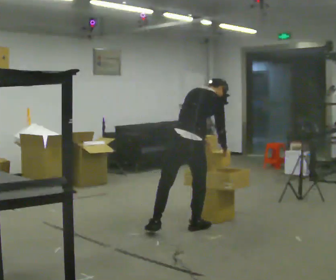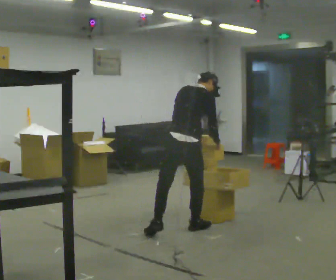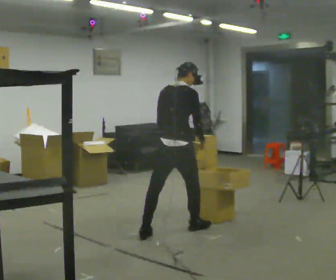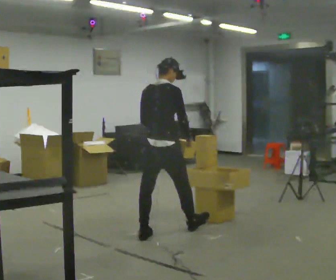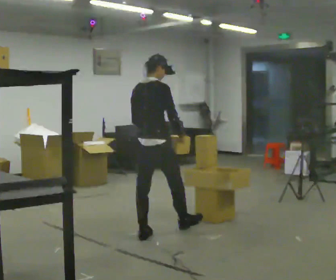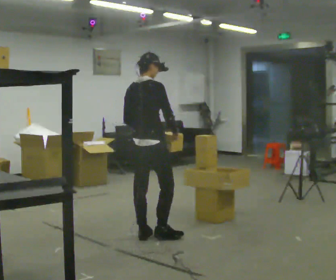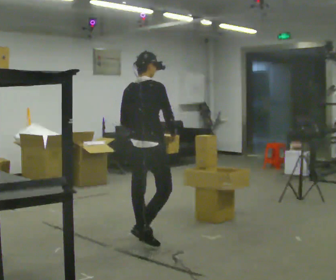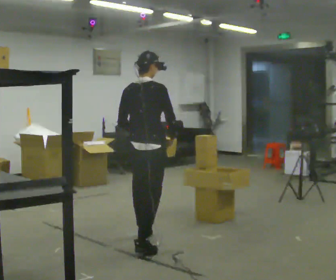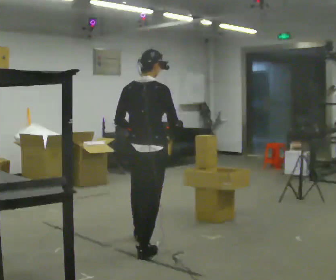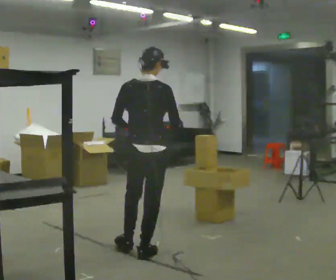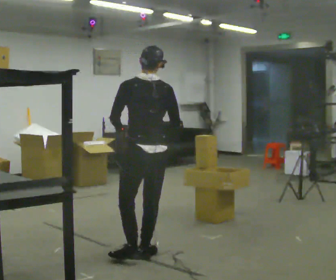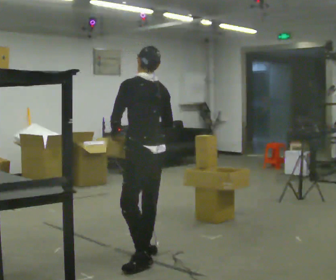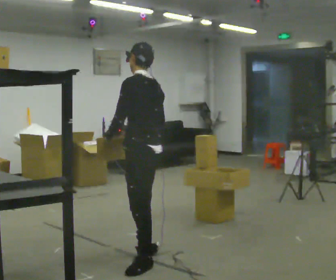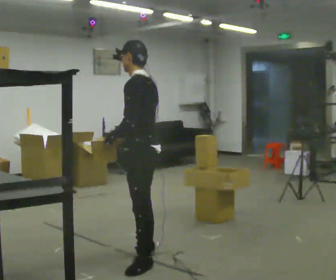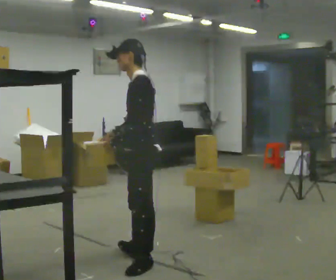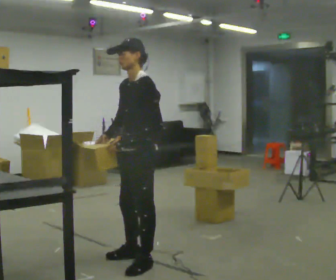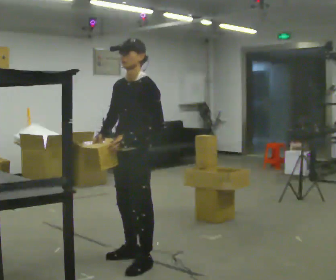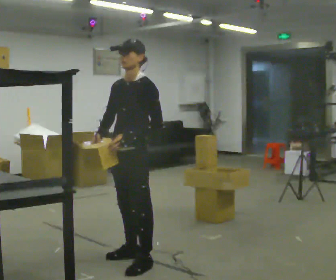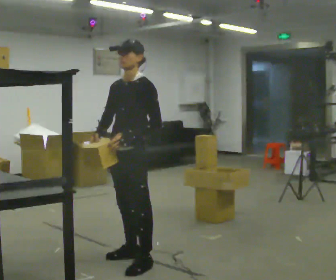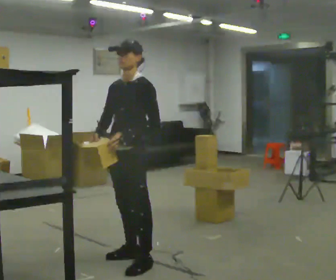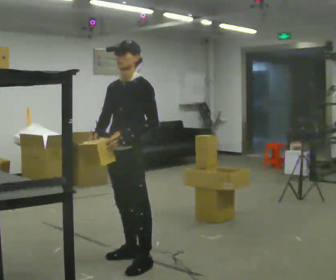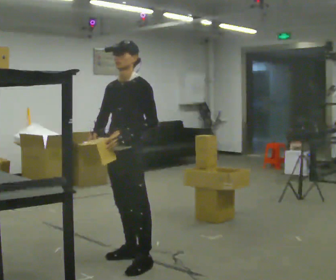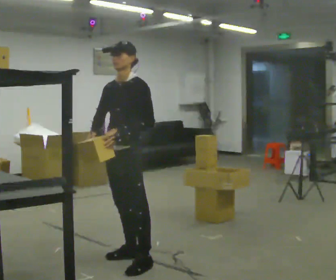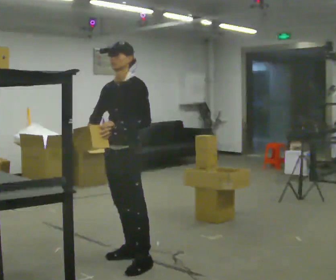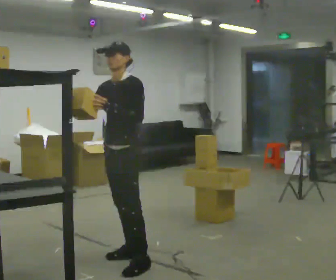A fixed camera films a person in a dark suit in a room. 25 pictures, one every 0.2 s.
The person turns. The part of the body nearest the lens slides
to the right.
The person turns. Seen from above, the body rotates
counterclockwise.
0.0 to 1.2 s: In the picture they go to the left and toward the camera, about 0.5 m in 1 step, which for them is backward and to their left. In the picture the upper body tilts counterclockwise, shoulders to the left, as they lean back or straighten.
1.2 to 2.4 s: Seen from above the body turns counterclockwise, about 90 degrees: to their left, with its near side sliding to the right. In the picture they go toward the camera, about 0.75 m in 1 step.
2.4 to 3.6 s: The person turns about 75 degrees to their left, counterclockwise seen from above, so the part of the body nearest the lens slides to the right. In the picture their right hand goes to the left.
3.6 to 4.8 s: The person moves a little, or ends about where they began.
The film runs backward here.
